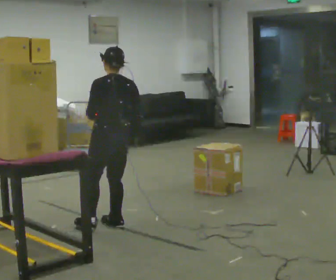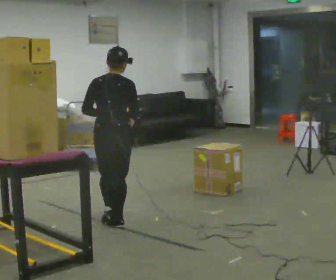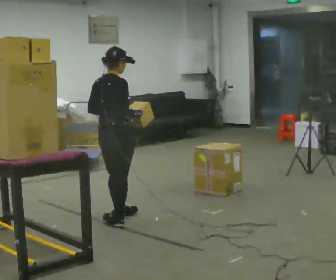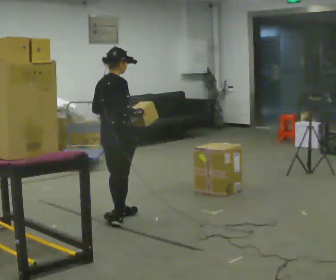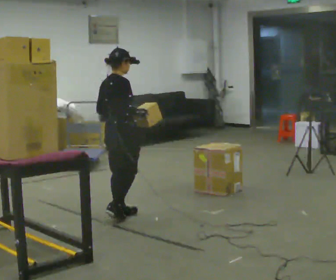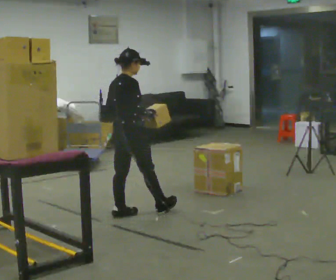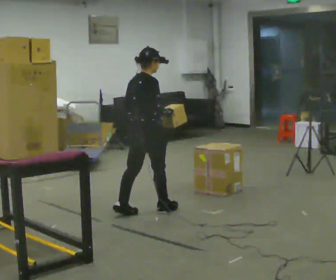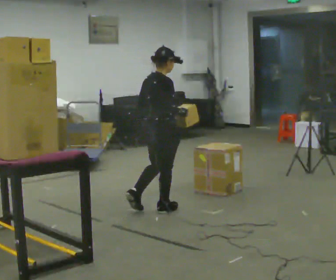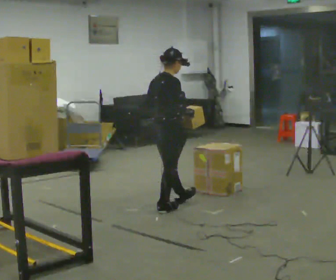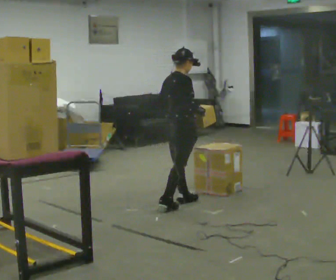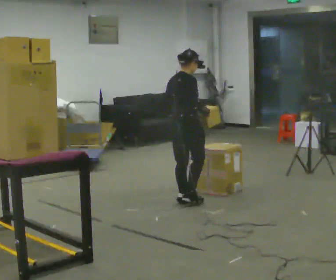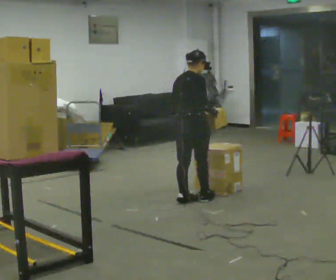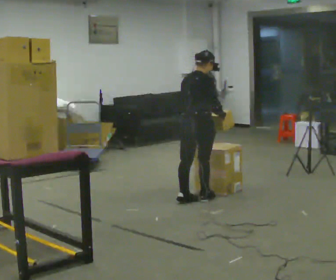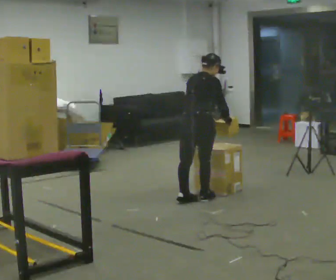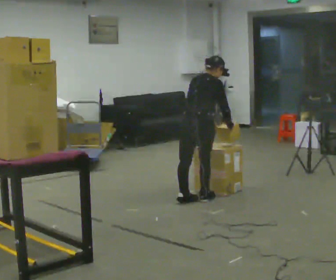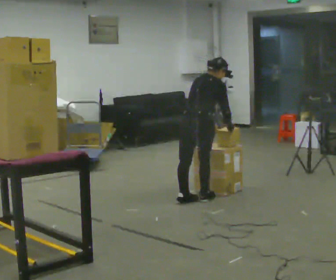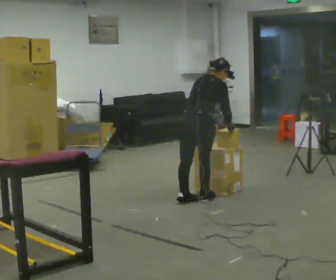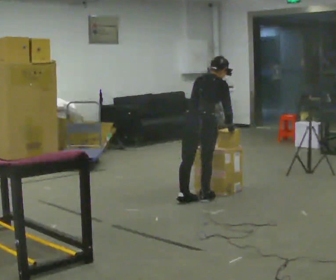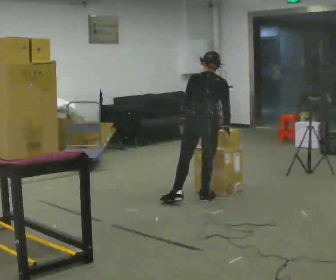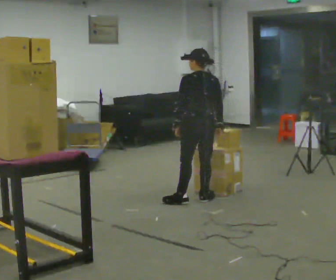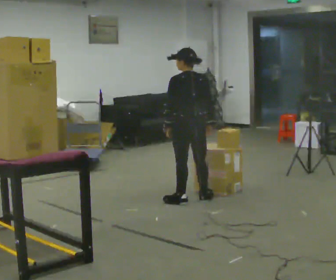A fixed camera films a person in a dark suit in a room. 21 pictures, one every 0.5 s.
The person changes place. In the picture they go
away from the camera.
0.0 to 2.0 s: The part of the body nearest the lens slides to the left as the person turns to their right by about 90 degrees. In the picture they go away from the camera, about 0.25 m in 1 step.
2.0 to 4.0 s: In the picture they go to the right and away from the camera, about 0.5 m in 1 step, which for them is forward.
4.0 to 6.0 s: In the picture they go away from the camera and to the right, about 0.5 m in 2 steps, which for them is forward.
6.0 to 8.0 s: In the picture the upper body tilts clockwise, shoulders to the right, as they bend forward.
8.0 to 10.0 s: Seen from above the body turns counterclockwise, about 45 degrees: to their left, with its near side sliding to the right. The upper body tips toward the camera, its near side rolling downward, as they lean back or straighten. In the picture their left hand goes to the left.
The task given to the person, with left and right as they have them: Take an object down from the highest shelf you can comfortably reach, carry it across, and place it on the waist-height shelf. Keep going until the operator says stop; one object at a time, and do not rush between trips.
The film runs forward here.
